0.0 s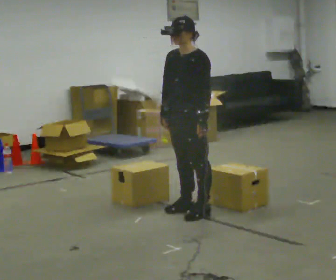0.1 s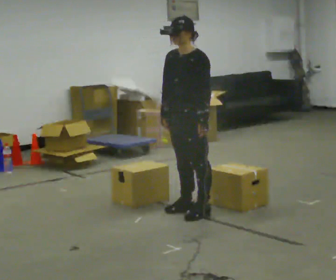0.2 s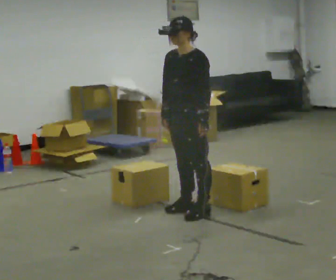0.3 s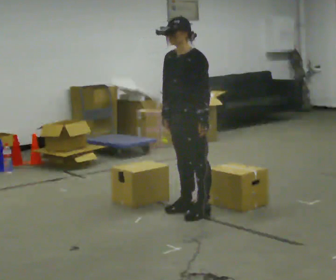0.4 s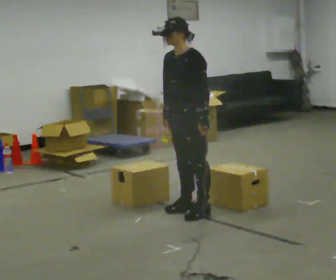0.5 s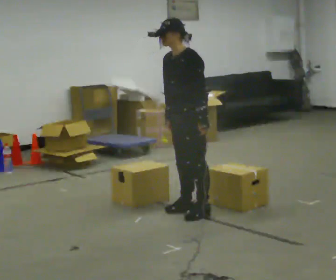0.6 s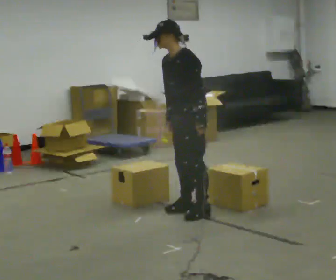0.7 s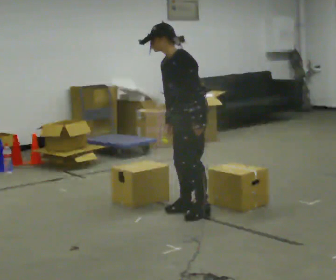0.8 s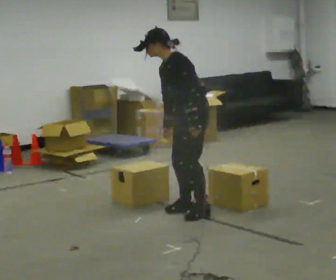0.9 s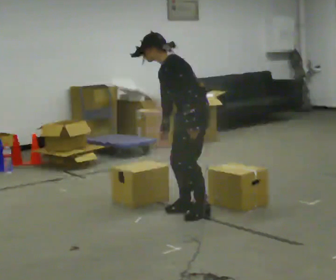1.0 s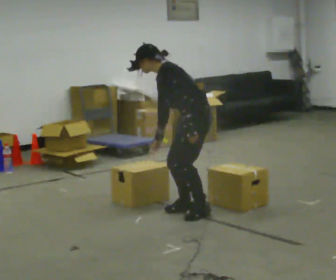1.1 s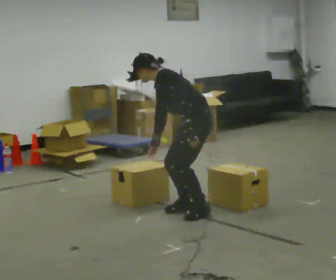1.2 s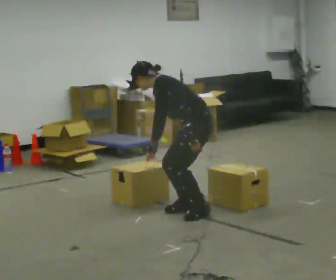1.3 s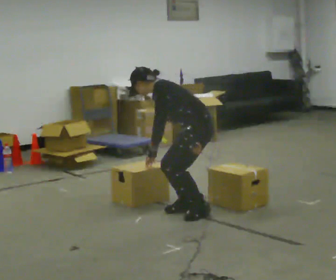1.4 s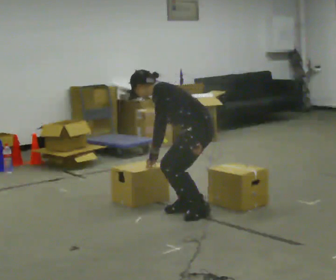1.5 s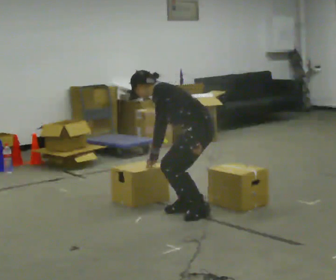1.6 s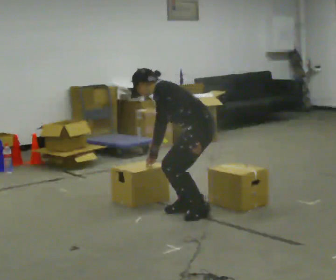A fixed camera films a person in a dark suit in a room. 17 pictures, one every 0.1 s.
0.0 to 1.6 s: The part of the body nearest the lens slides to the left as the person turns to their right by about 45 degrees. The upper body goes downward. In the picture the upper body tilts counterclockwise, shoulders to the left, as they bend forward.
The film runs backward here.
